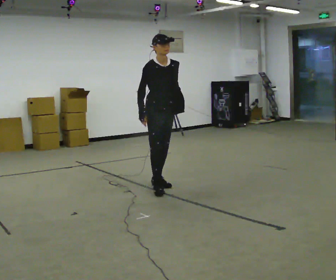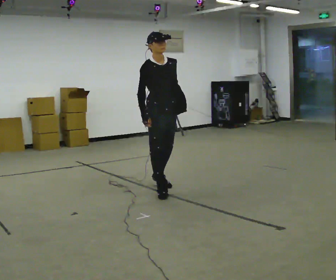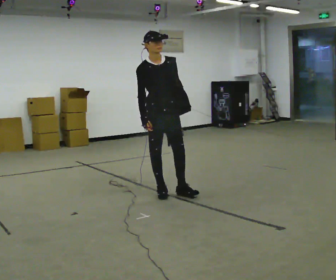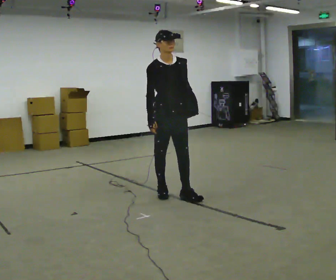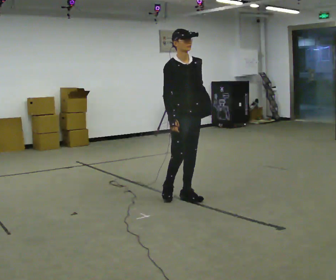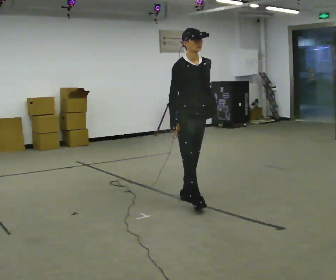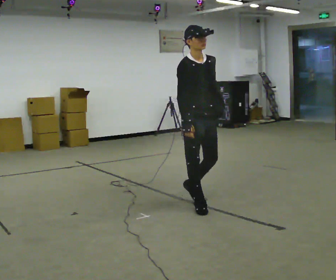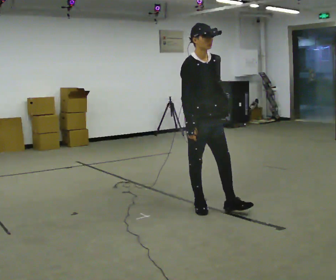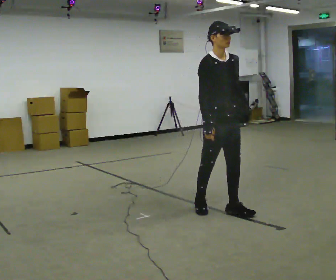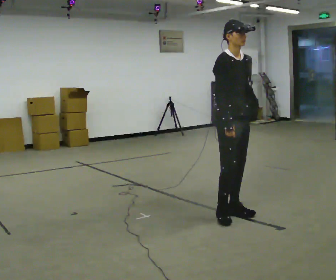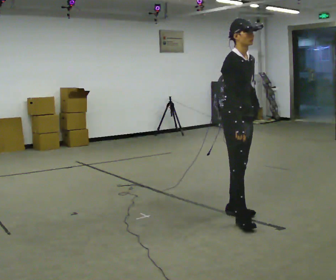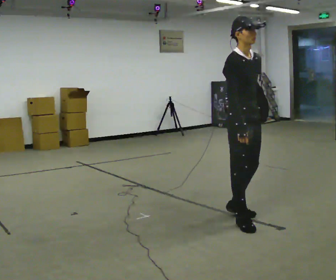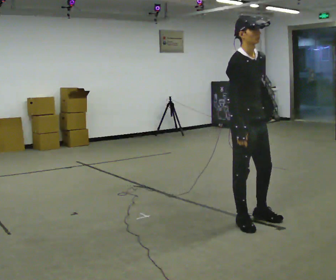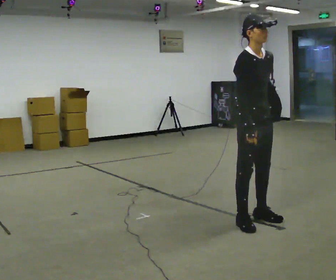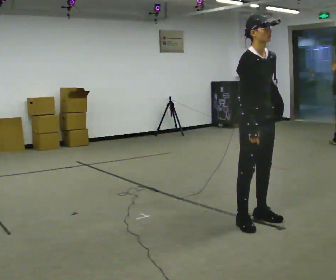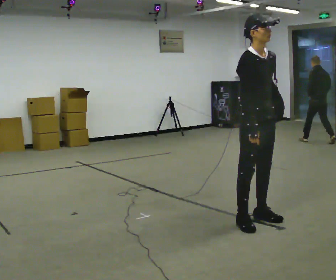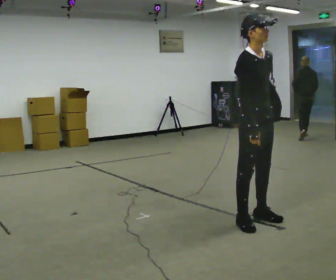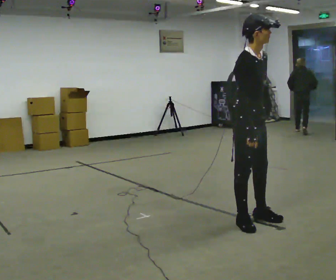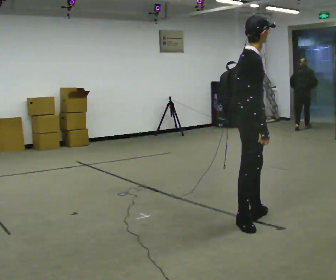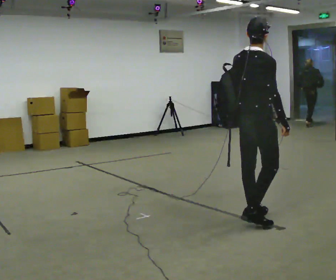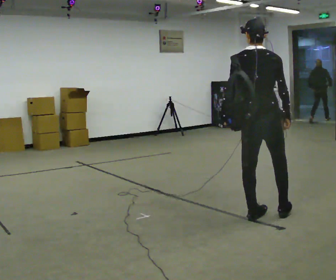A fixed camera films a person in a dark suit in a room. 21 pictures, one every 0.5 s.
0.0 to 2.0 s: In the picture they go toward the camera and to the right, about 0.5 m in 2 steps, which for them is forward.
2.0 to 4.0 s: In the picture they go toward the camera and to the right, about 0.5 m in 2 steps, which for them is forward.
4.0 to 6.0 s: In the picture they go toward the camera and to the right, about 0.5 m in 2 steps, which for them is forward and to their right.
6.0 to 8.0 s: The person moves a little, or ends about where they began.
8.0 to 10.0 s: The part of the body nearest the lens slides to the right as the person turns to their left by about 120 degrees. In the picture their left hand goes to the left, the arm swinging clockwise.
The film runs forward here.
